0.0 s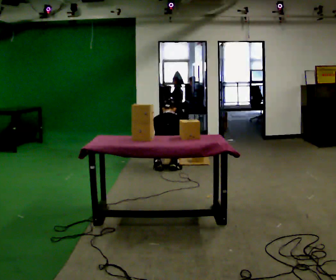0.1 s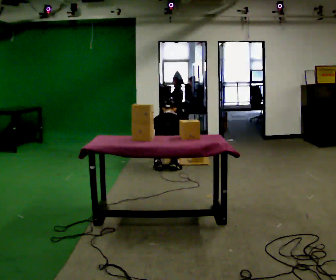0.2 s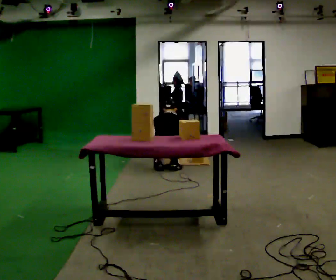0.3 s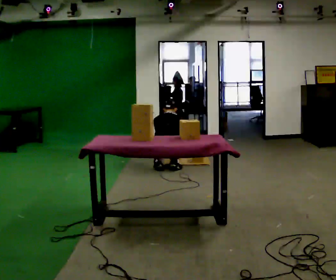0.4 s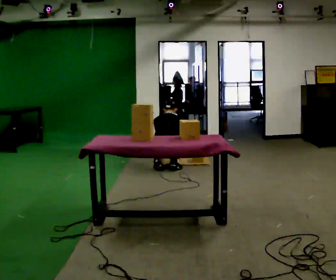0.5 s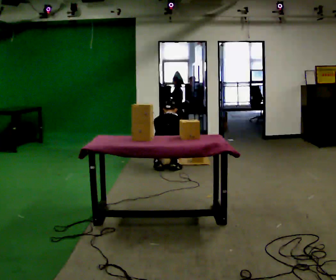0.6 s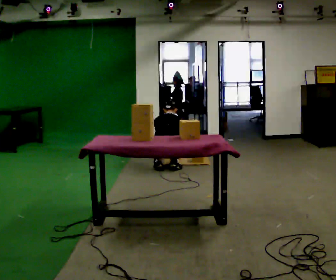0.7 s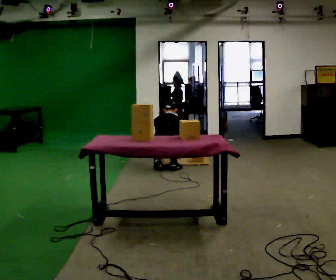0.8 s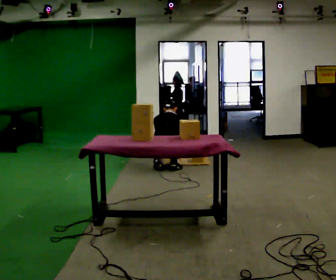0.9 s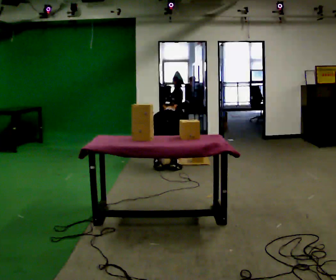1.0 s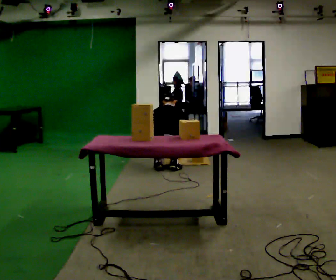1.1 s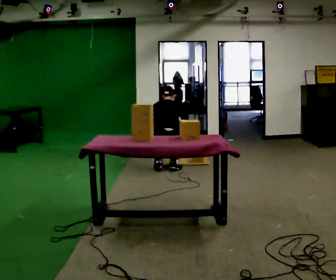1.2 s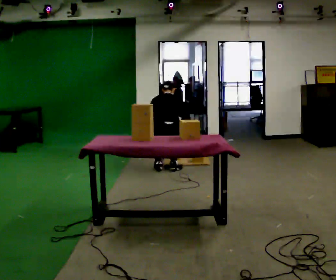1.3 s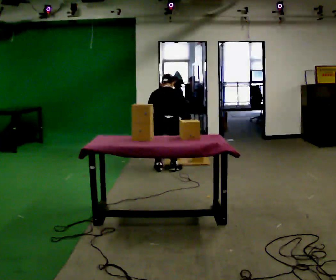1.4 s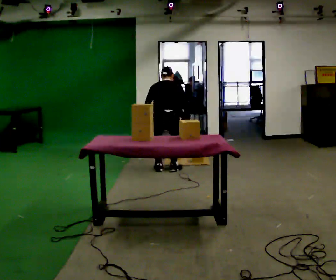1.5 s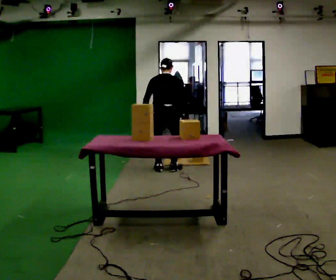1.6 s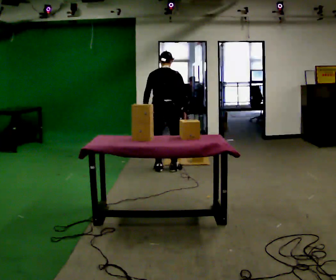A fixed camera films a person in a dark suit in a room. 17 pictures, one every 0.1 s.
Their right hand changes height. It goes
upward.
Their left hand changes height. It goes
upward.
0.0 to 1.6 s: The upper body goes upward. The upper body tips toward the camera, its near side rolling downward, as they lean back or straighten. In the picture their left hand goes upward.
The film runs forward here.
